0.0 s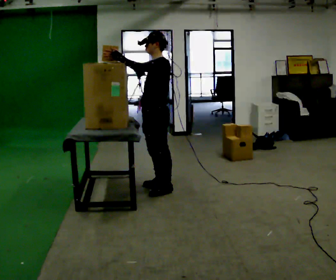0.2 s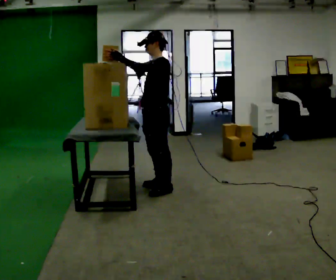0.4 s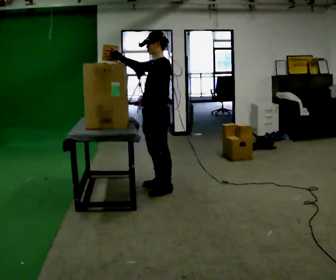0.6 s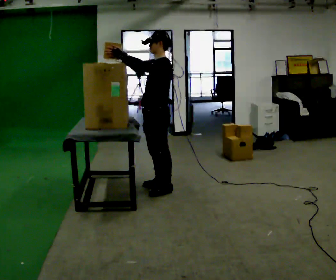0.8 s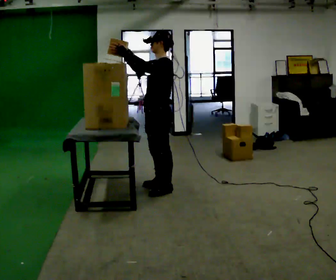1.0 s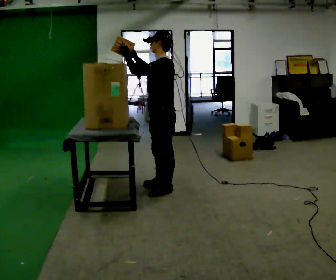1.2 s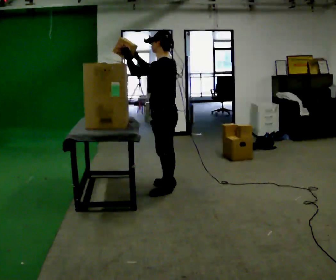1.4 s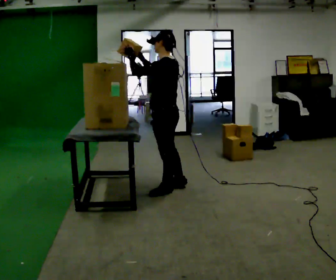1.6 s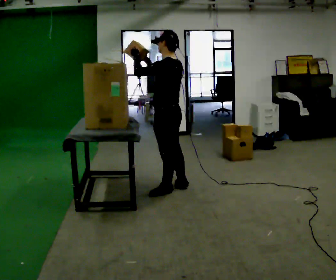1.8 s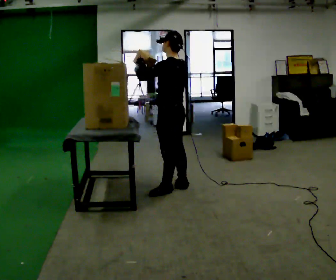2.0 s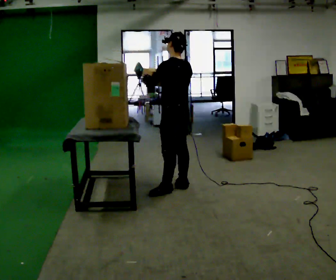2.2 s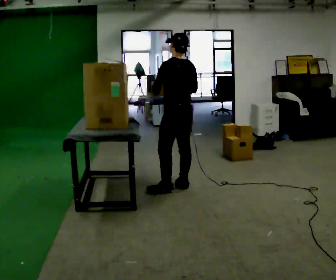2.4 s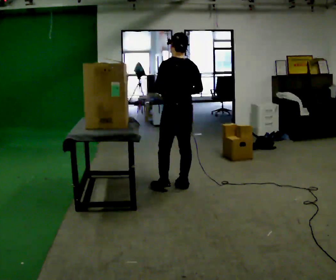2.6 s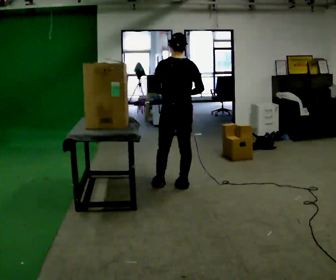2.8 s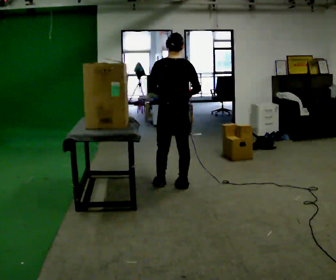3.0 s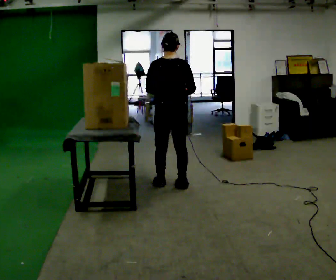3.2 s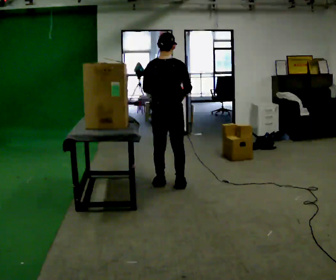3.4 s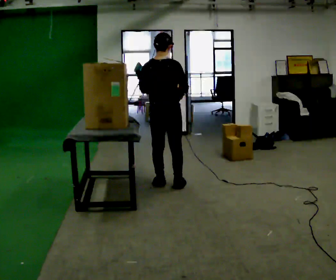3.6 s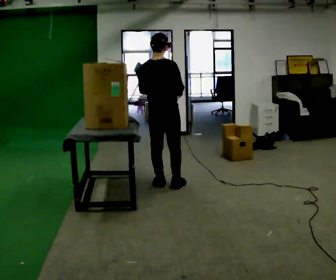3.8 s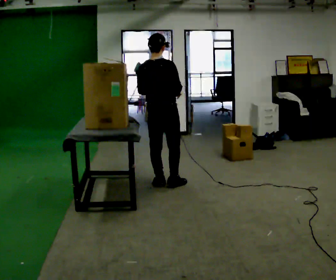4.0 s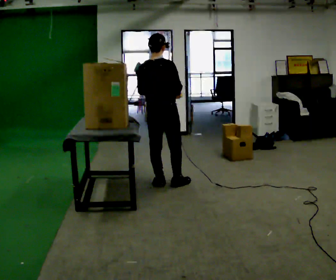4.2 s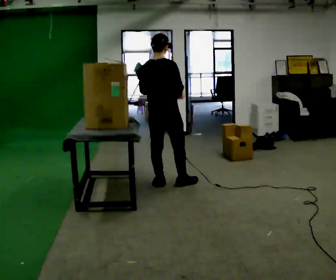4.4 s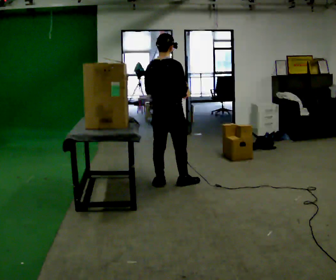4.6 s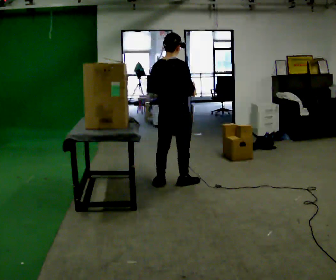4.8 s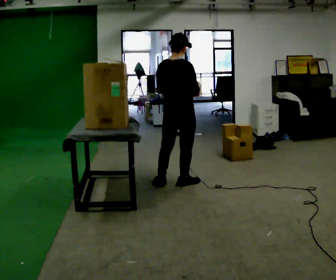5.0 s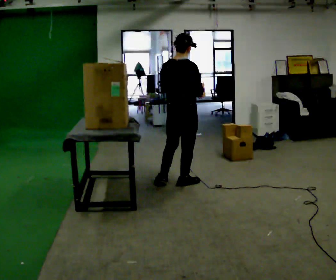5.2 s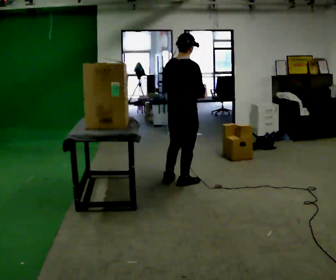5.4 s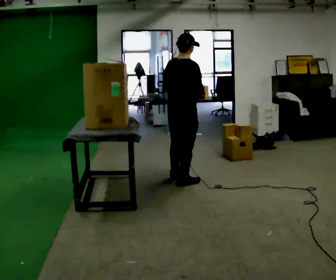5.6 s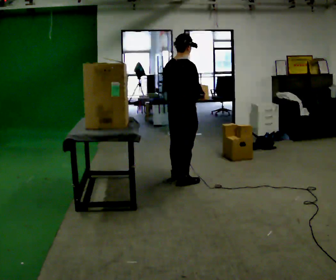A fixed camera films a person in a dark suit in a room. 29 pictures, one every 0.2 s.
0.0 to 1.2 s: The person moves a little, or ends about where they began.
1.2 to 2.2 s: Seen from above the body turns clockwise, about 30 degrees: to their right, with its near side sliding to the left. In the picture they go away from the camera, about 0.25 m in 1 step, which for them is to their right. In the picture their right hand goes to the right and downward.
2.2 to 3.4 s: Seen from above the body turns clockwise, about 60 degrees: to their right, with its near side sliding to the left. In the picture they go to the left, about 0.25 m in 1 step, which for them is forward and to their left.
3.4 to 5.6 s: Seen from above the body turns clockwise, about 30 degrees: to their right, with its near side sliding to the left. In the picture they go to the right, about 0.25 m in 1 step, which for them is forward and to their right.
The film runs forward here.
